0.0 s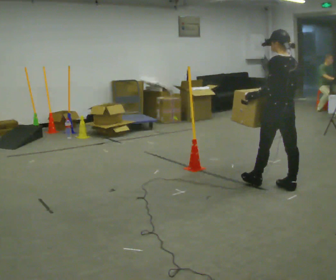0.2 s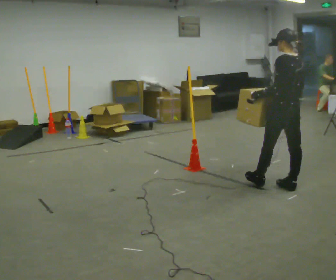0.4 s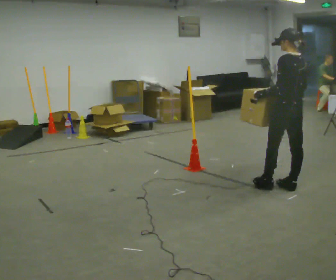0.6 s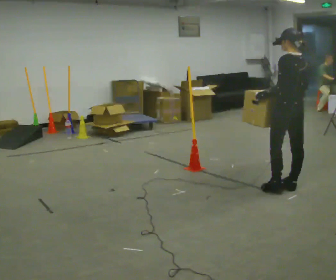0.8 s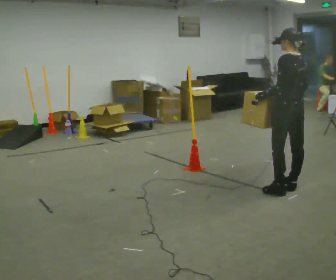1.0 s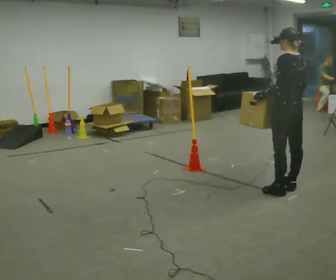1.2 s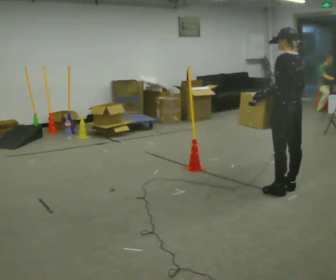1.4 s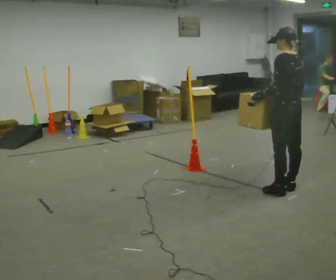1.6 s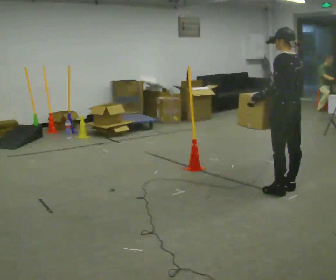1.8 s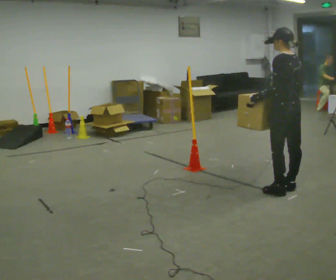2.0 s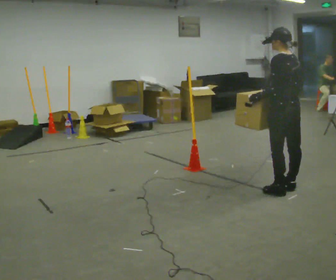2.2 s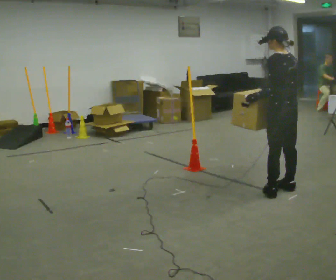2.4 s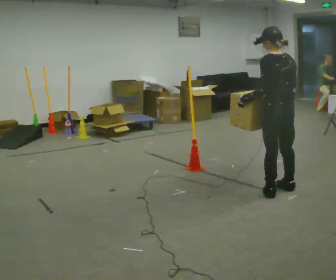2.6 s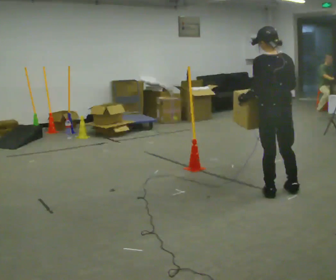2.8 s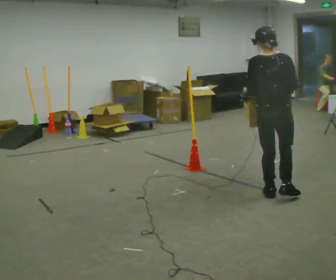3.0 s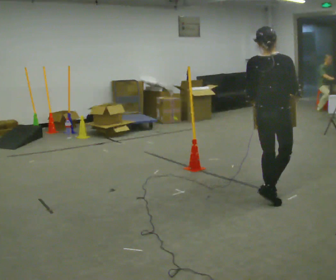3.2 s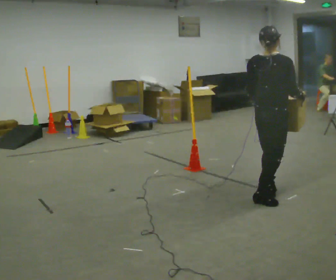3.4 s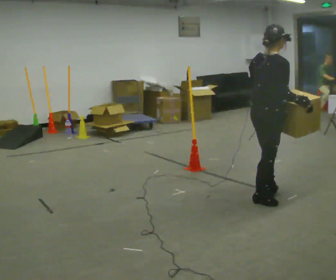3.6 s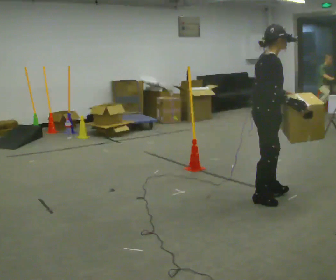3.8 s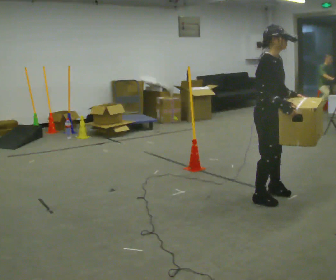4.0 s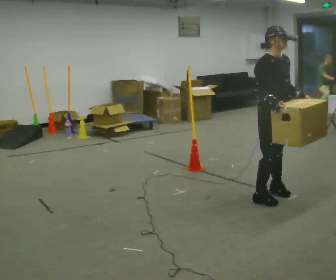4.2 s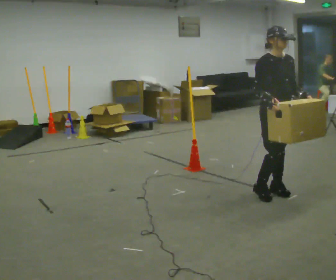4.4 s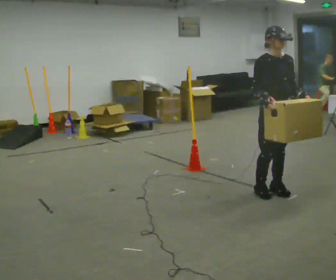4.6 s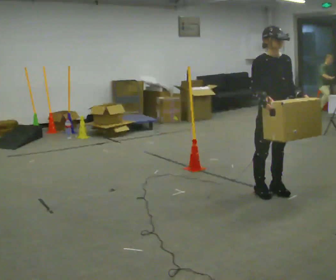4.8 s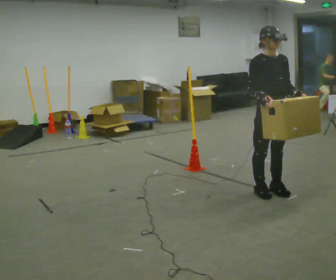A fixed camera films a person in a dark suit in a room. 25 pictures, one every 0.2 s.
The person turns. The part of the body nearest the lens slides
to the left.
The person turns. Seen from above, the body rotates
clockwise.
0.0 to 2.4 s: In the picture they go toward the camera, about 0.25 m in 1 step, which for them is to their left.
2.4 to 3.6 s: The person turns about 120 degrees to their right, clockwise seen from above, so the part of the body nearest the lens slides to the left. In the picture they go toward the camera and to the left, about 0.25 m in 1 step.
3.6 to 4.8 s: The part of the body nearest the lens slides to the left as the person turns to their right by about 75 degrees. In the picture they go away from the camera, about 0.25 m in 1 step.
The film runs backward here.
